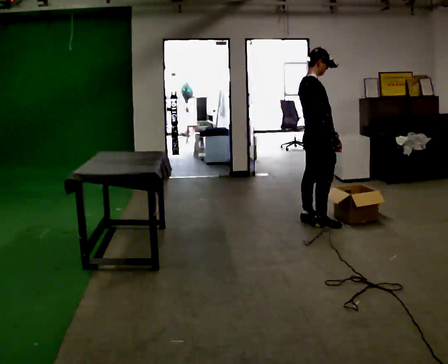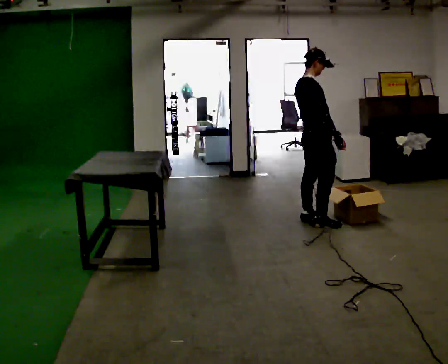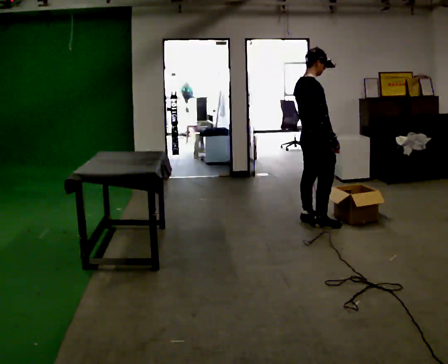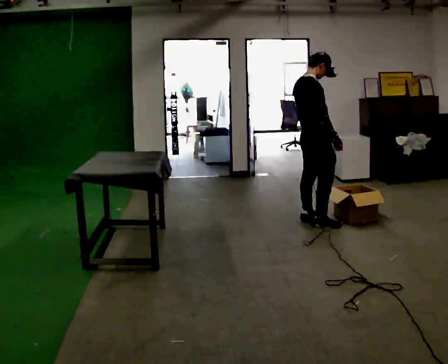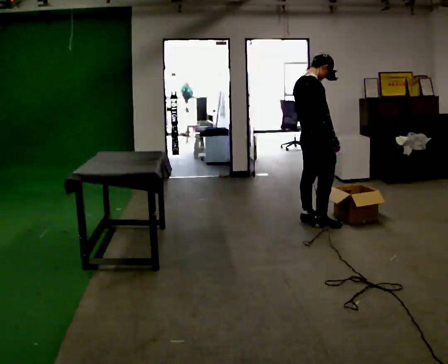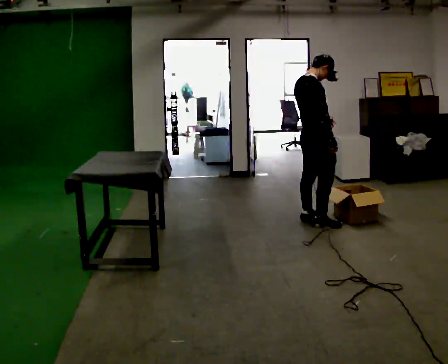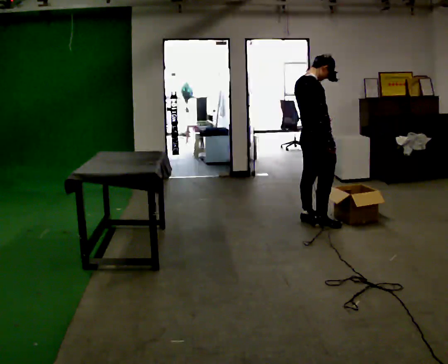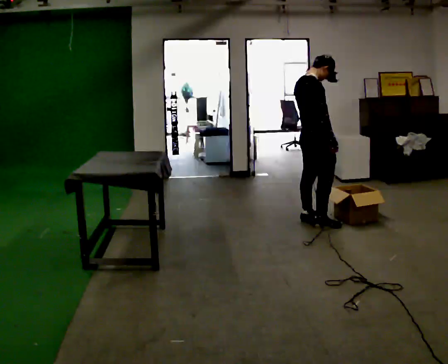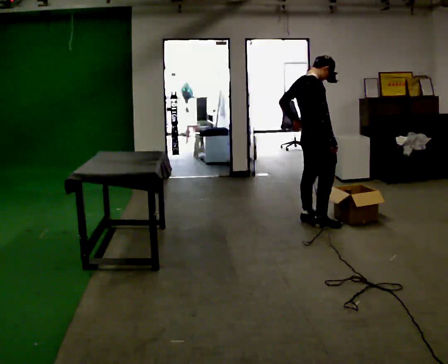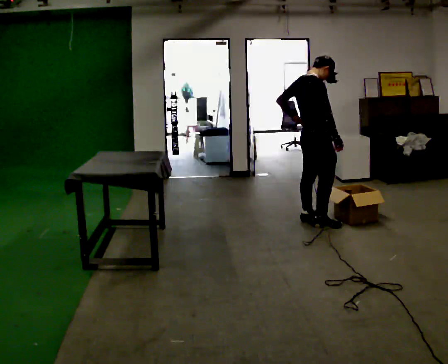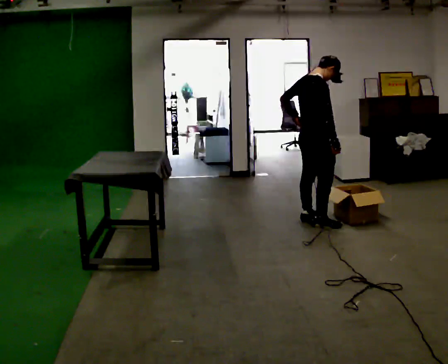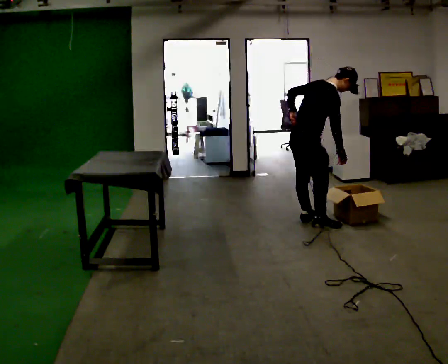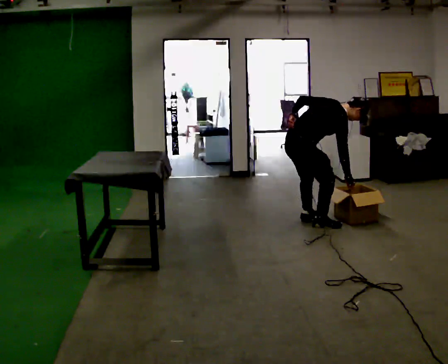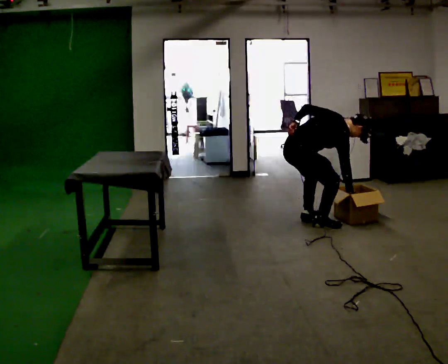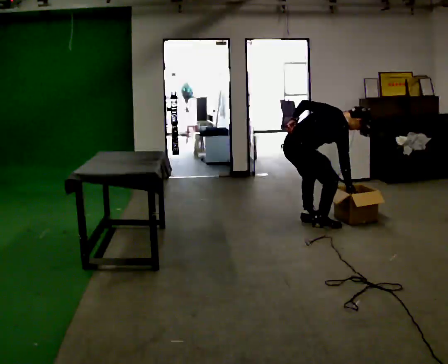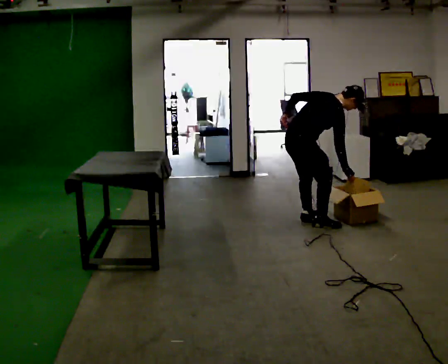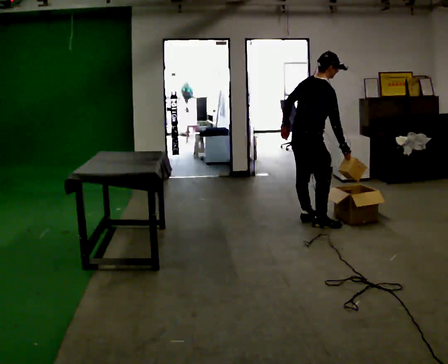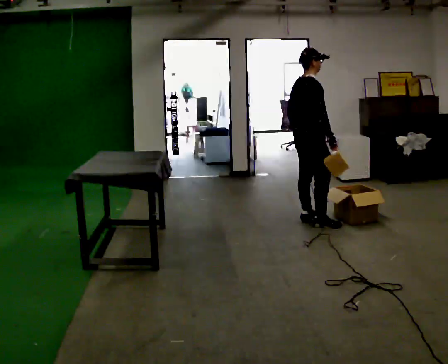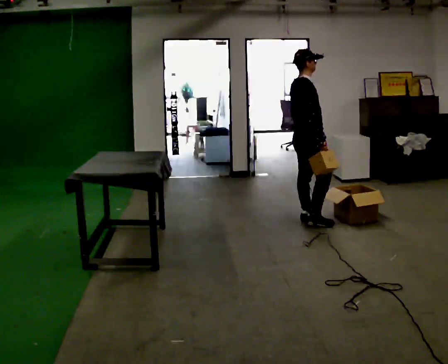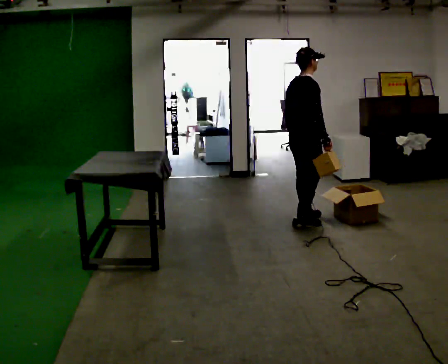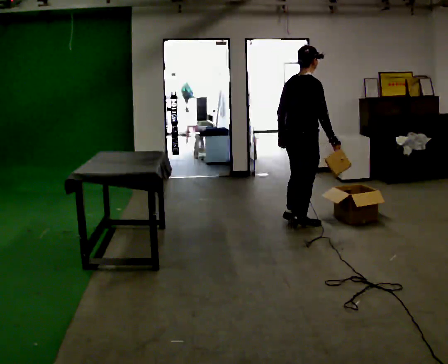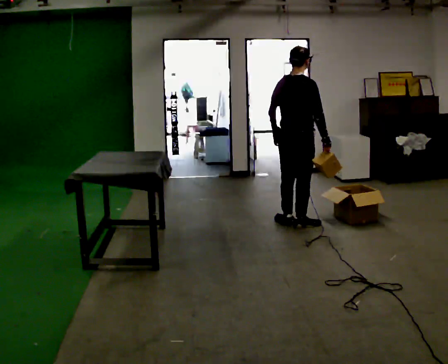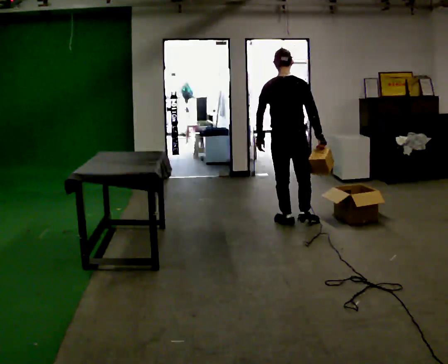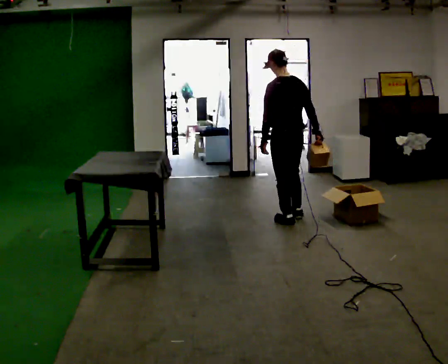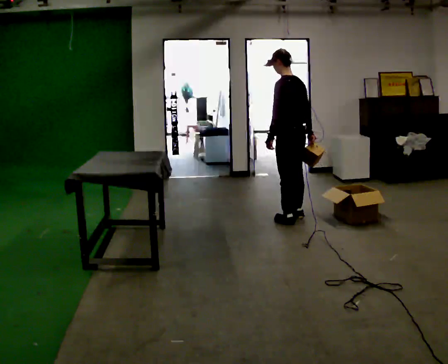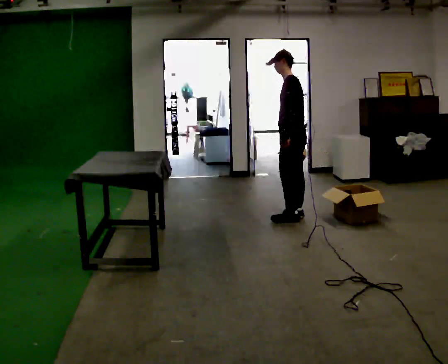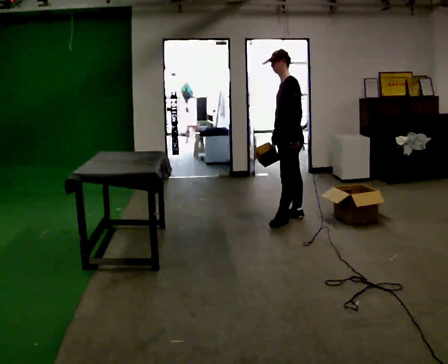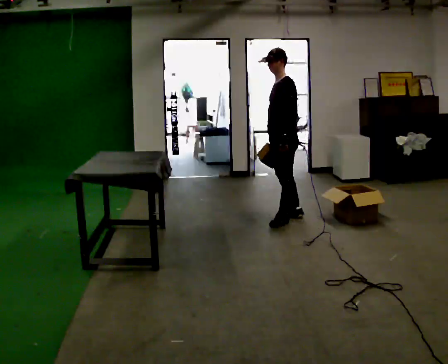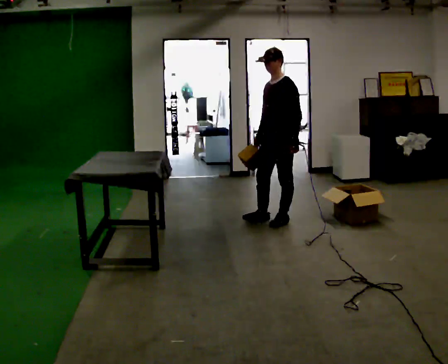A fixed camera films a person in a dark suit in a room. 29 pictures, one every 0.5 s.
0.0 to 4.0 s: The person moves a little, or ends about where they began.
4.0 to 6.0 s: In the picture they go to the left, about 0.25 m, which for them is backward. The upper body goes downward. In the picture the upper body tilts clockwise, shoulders to the right, as they bend forward.
6.0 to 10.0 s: The person moves a little, or ends about where they began.
10.0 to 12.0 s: The part of the body nearest the lens slides to the right as the person turns to their left by about 105 degrees. In the picture they go away from the camera, about 0.25 m in 2 steps.
12.0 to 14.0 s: Seen from above the body turns counterclockwise, about 75 degrees: to their left, with its near side sliding to the right. In the picture their right hand goes to the left.
The film runs forward here.
